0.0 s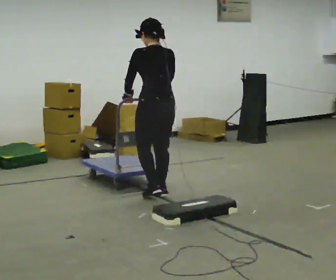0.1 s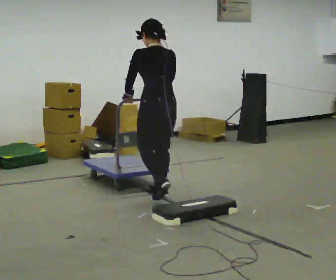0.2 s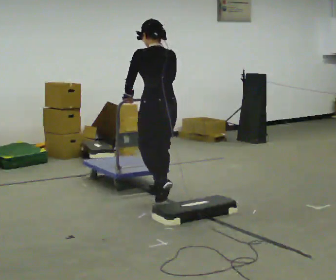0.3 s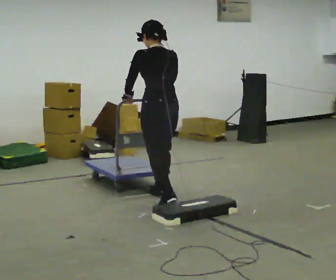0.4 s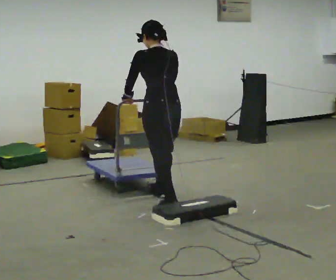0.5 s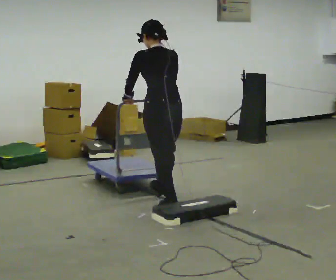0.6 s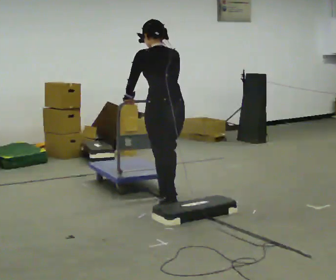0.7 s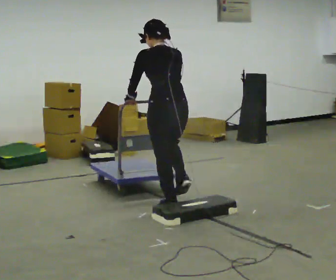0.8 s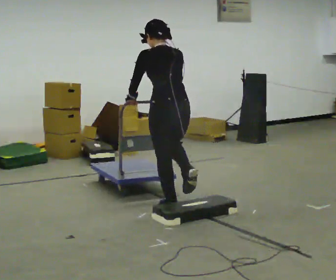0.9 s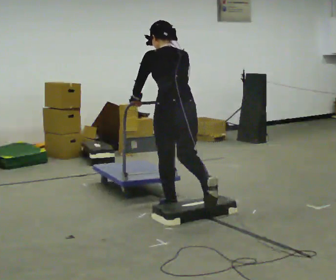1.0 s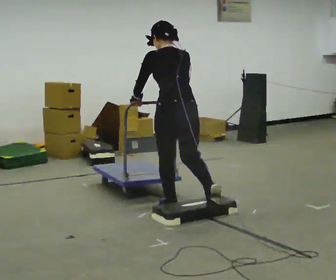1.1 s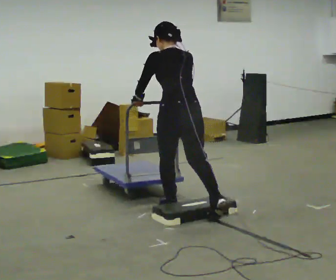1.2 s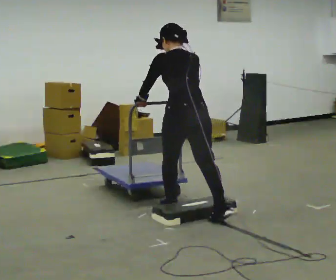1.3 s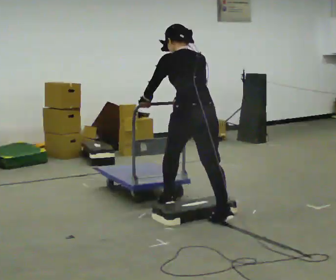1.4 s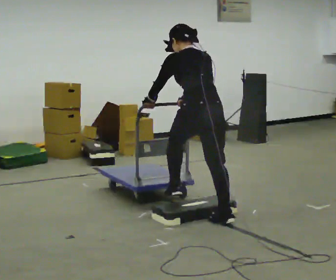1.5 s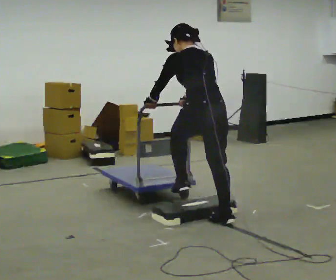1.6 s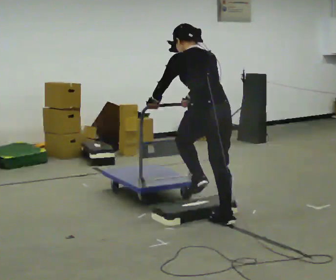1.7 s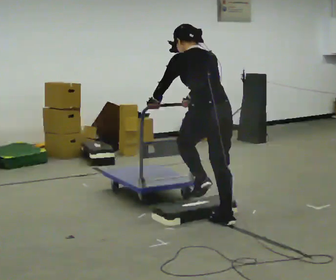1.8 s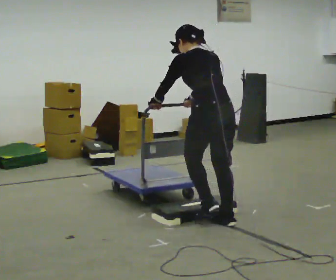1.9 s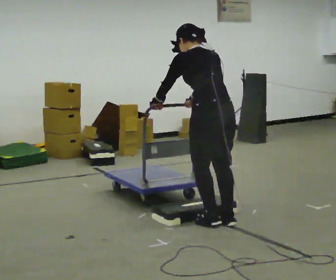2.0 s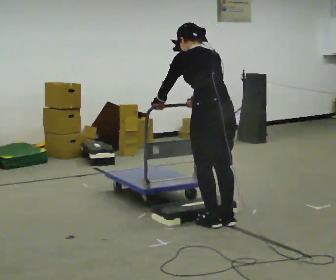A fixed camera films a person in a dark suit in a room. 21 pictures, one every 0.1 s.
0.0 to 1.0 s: In the picture they go toward the camera, about 0.5 m in 1 step, which for them is backward.
1.0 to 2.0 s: In the picture they go toward the camera and to the right, about 0.5 m in 1 step, which for them is backward.
The film runs backward here.
